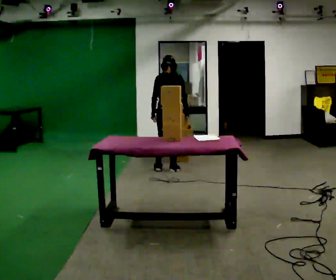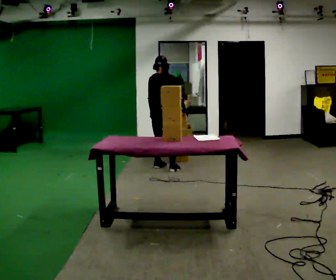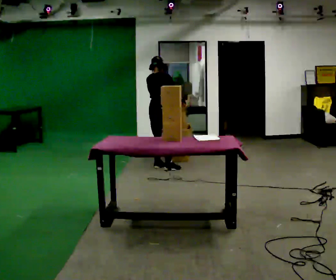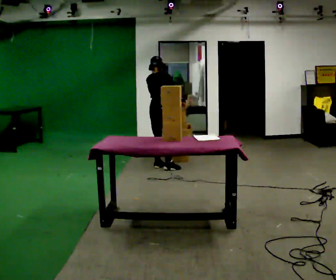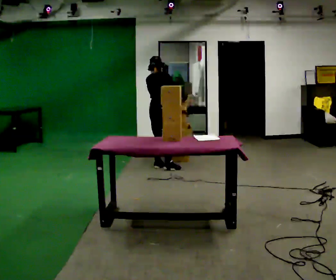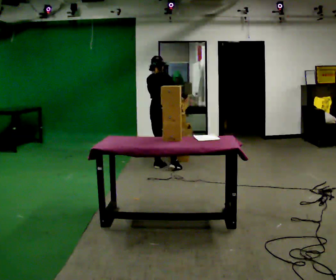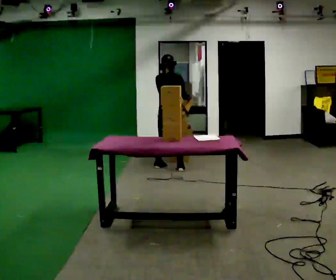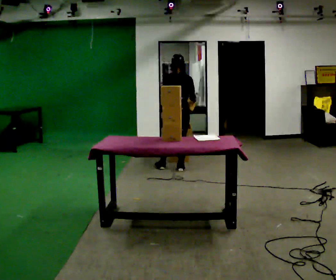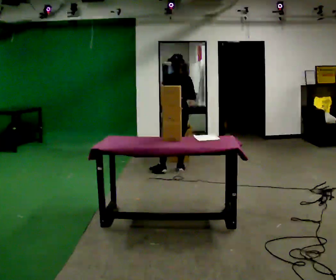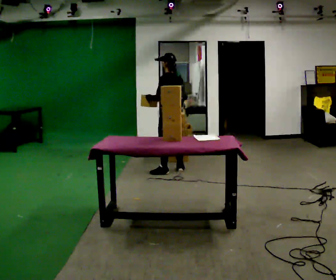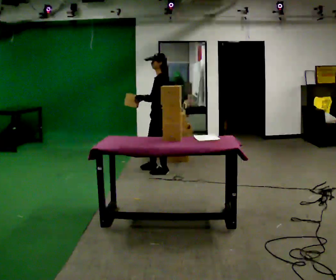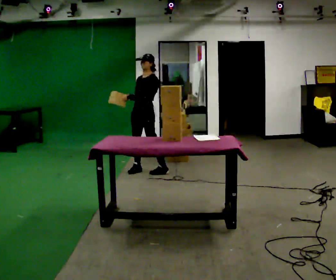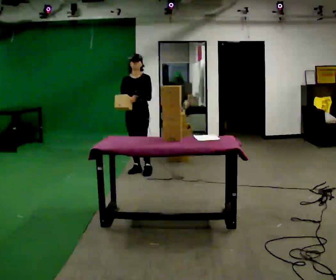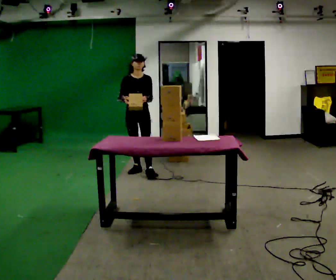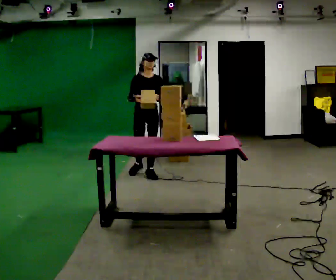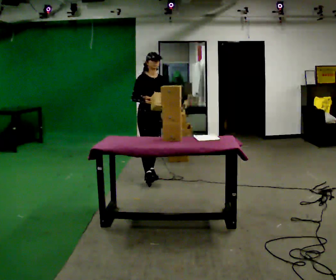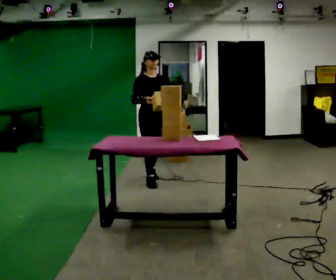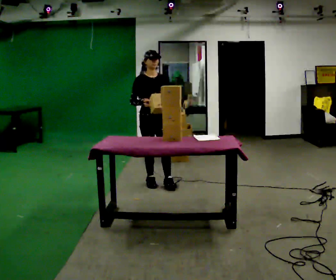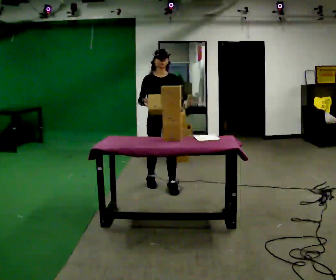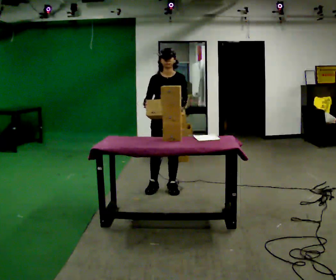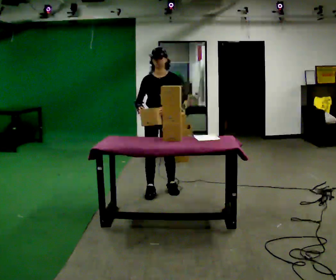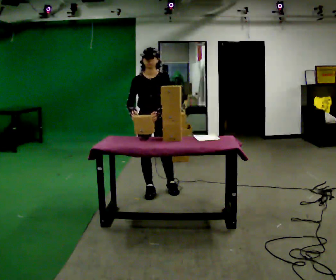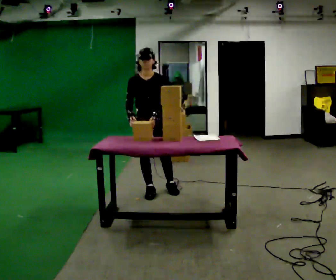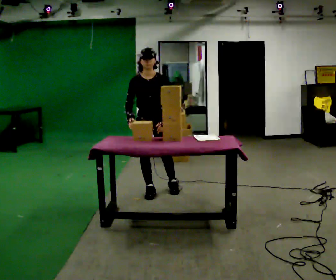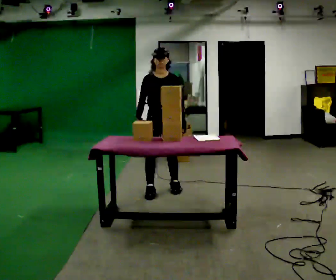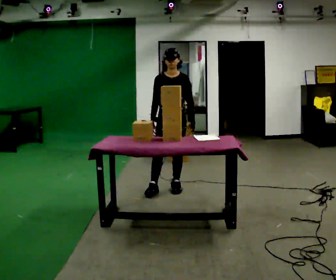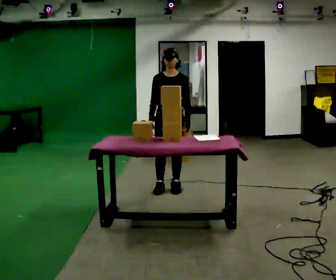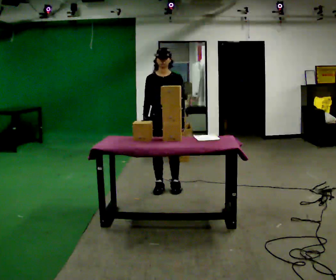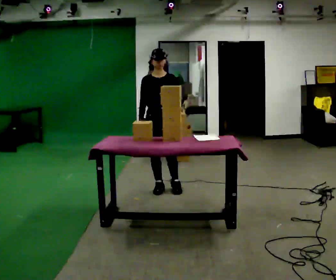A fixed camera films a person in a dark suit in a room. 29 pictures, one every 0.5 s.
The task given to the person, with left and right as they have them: 1. Read the list the operator gives you. 2. Collect the six items on the list from the shelves. 3. Put them all in the bin on the table. 4. Tell the operator when you are finished.
0.0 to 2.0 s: Seen from above the body turns clockwise, about 45 degrees: to their right, with its near side sliding to the left. In the picture they go away from the camera, about 0.25 m in 1 step, which for them is to their left.
2.0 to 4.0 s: The person turns about 75 degrees to their left, counterclockwise seen from above, so the part of the body nearest the lens slides to the right. In the picture they go to the right and toward the camera, about 0.25 m in 2 steps.
4.0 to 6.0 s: The person turns about 135 degrees to their left, counterclockwise seen from above, so the part of the body nearest the lens slides to the right. In the picture they go to the left, about 0.5 m in 1 step.
6.0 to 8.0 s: The person turns about 45 degrees to their left, counterclockwise seen from above, so the part of the body nearest the lens slides to the right. In the picture they go toward the camera, about 0.5 m in 2 steps, which for them is forward.
8.0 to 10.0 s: The person turns about 45 degrees to their right, clockwise seen from above, so the part of the body nearest the lens slides to the left. In the picture they go toward the camera, about 0.5 m in 2 steps, which for them is forward.
10.0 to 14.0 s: The person moves a little, or ends about where they began.
The film runs forward here.
